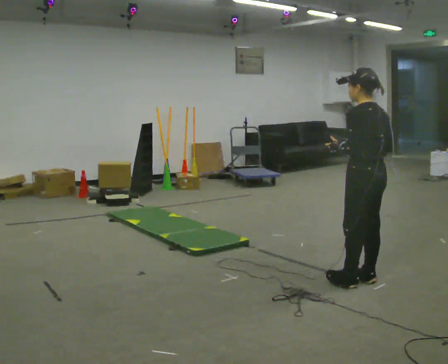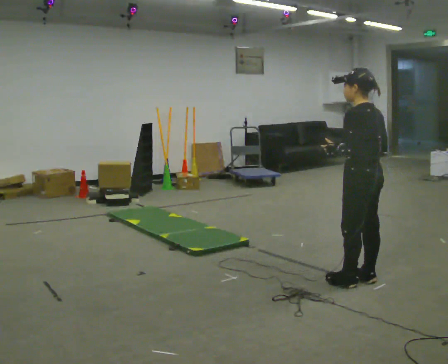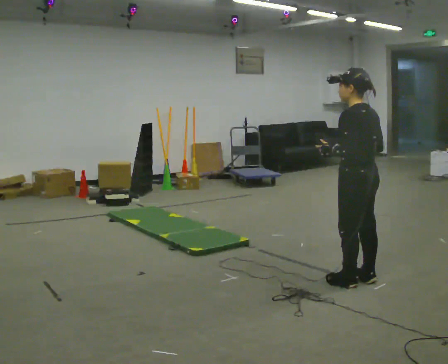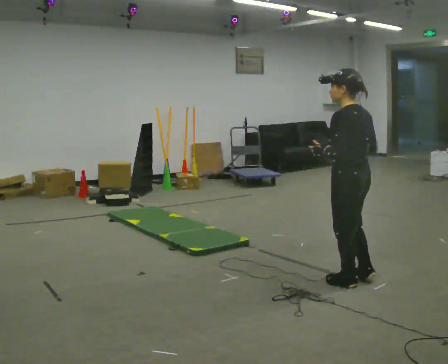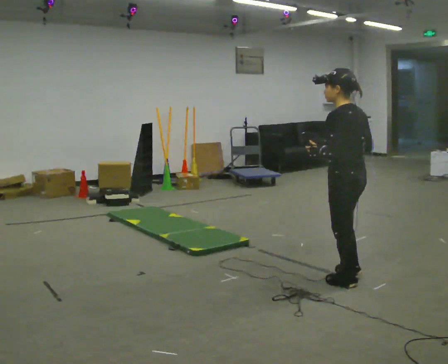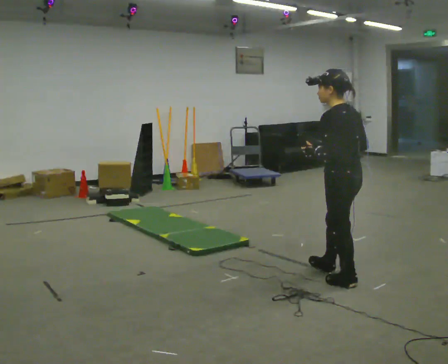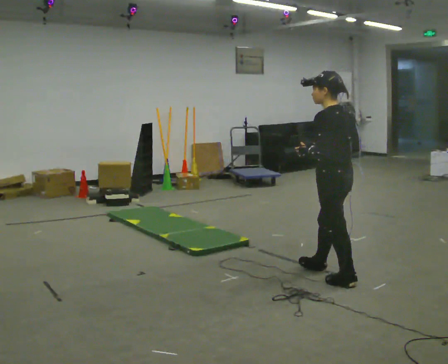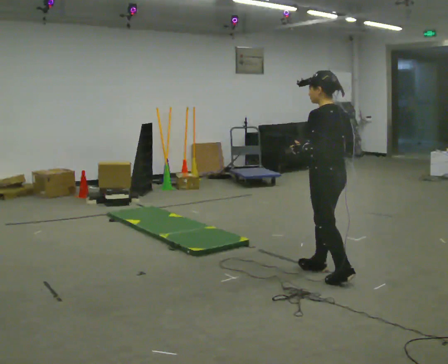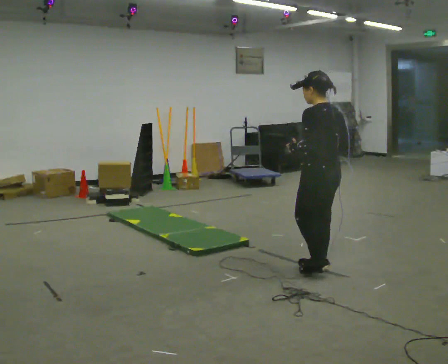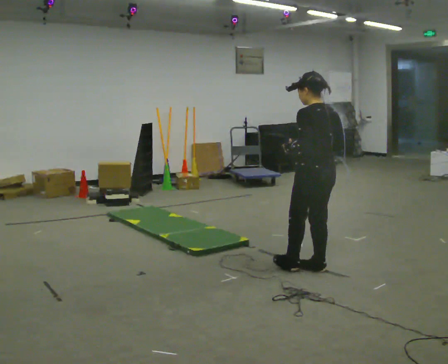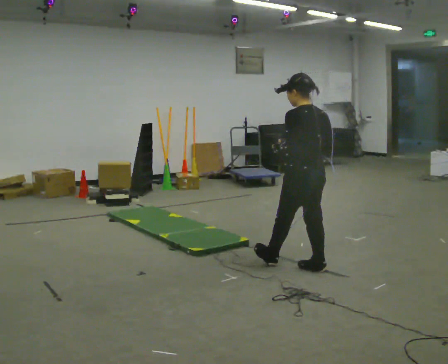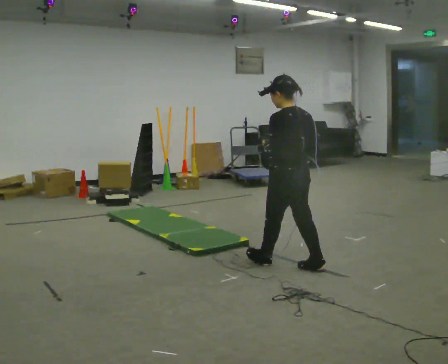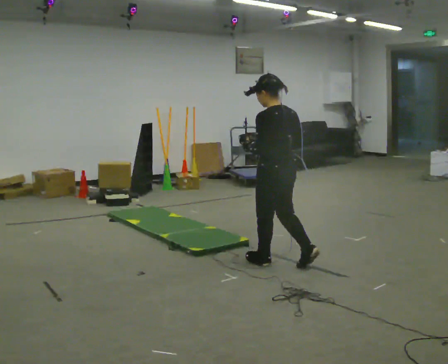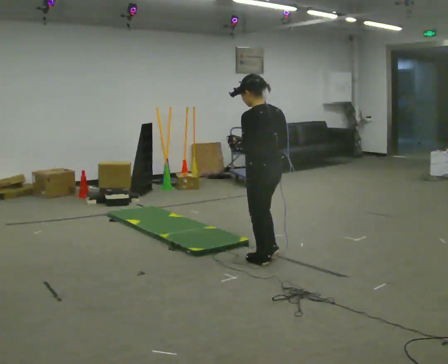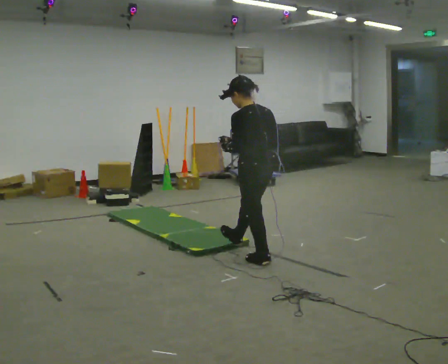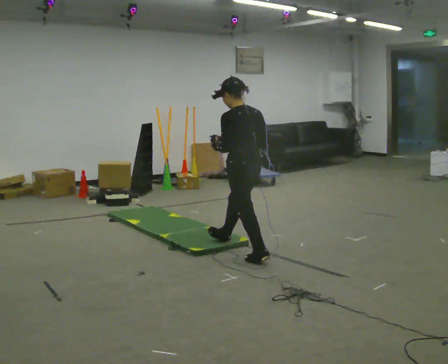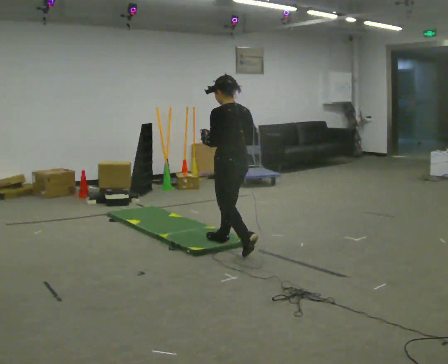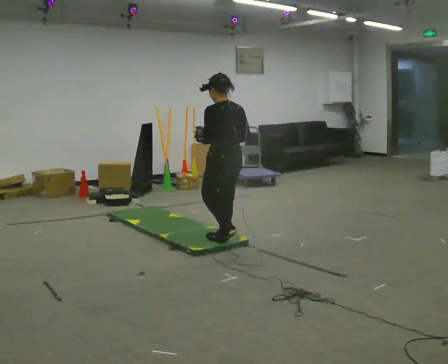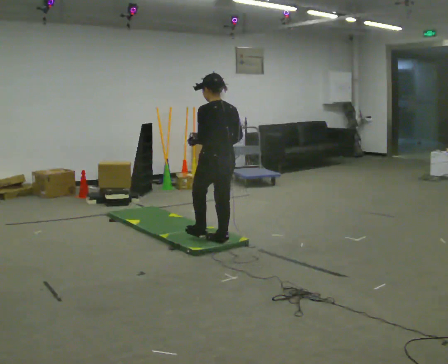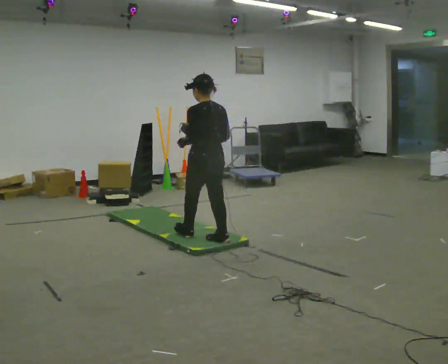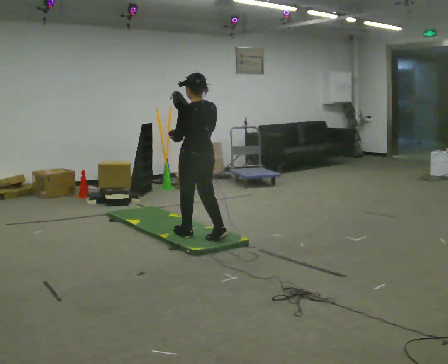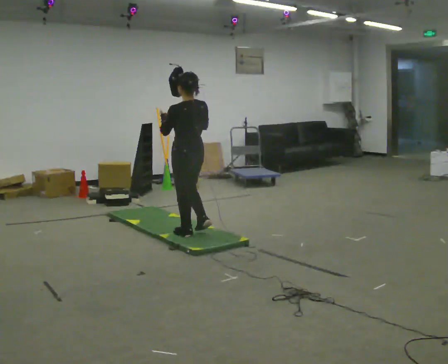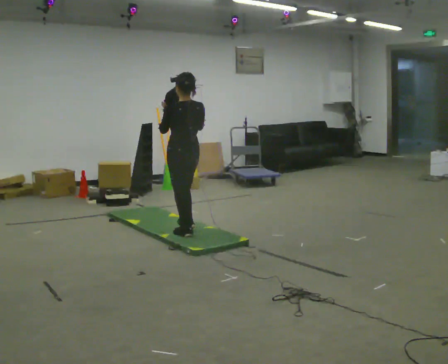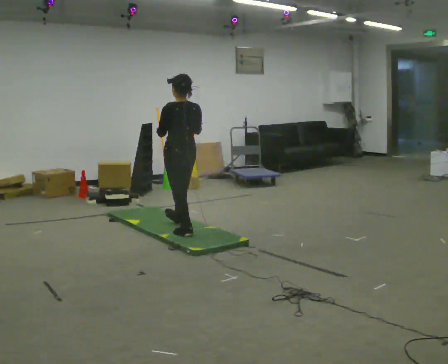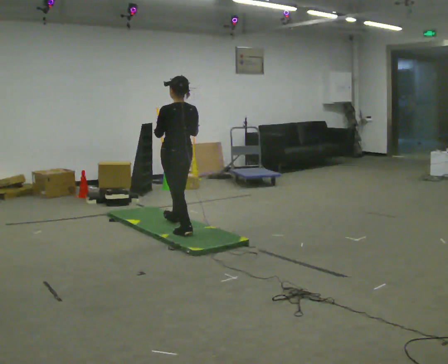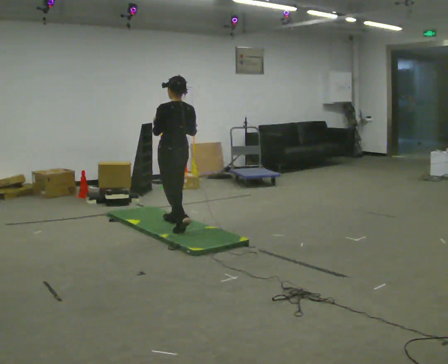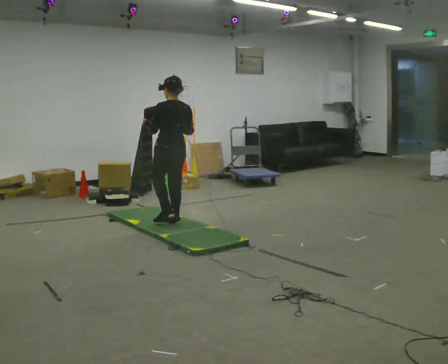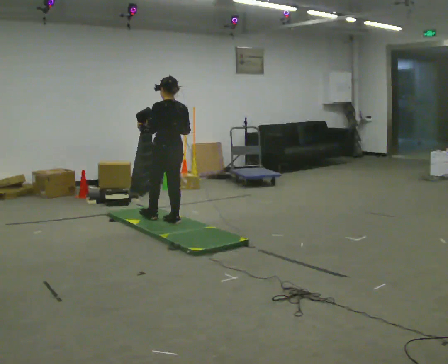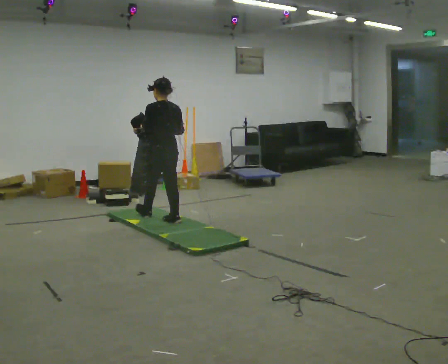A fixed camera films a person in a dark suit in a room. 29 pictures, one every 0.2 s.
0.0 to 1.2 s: In the picture they go to the left, about 0.25 m in 1 step, which for them is forward.
1.2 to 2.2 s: In the picture they go to the left and away from the camera, about 0.5 m in 1 step, which for them is forward.
2.2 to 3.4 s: In the picture they go to the left and away from the camera, about 0.5 m in 1 step, which for them is forward.
3.4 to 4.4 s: In the picture they go to the left and away from the camera, about 0.5 m in 1 step, which for them is forward.
4.4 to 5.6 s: In the picture they go away from the camera and to the left, about 0.5 m in 2 steps, which for them is forward.
The film runs forward here.
